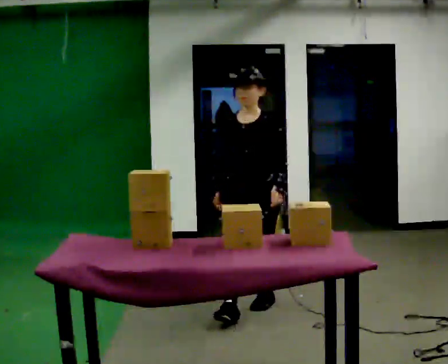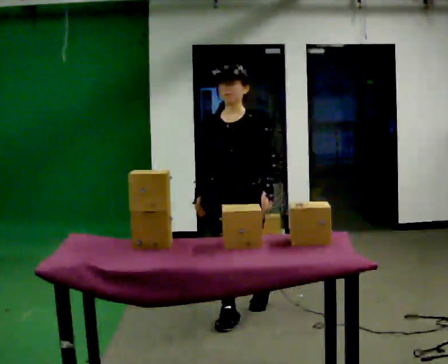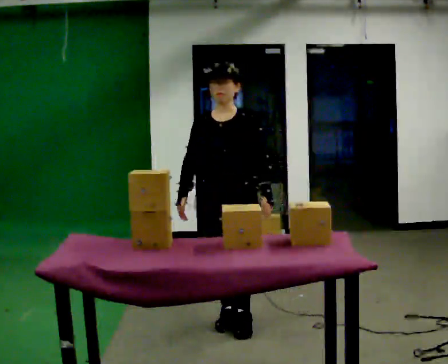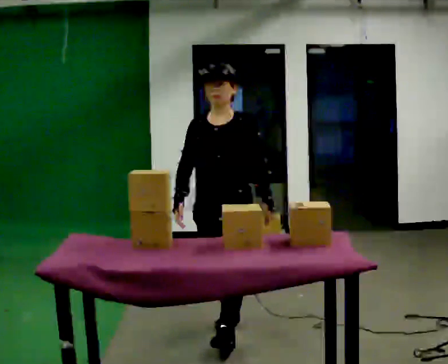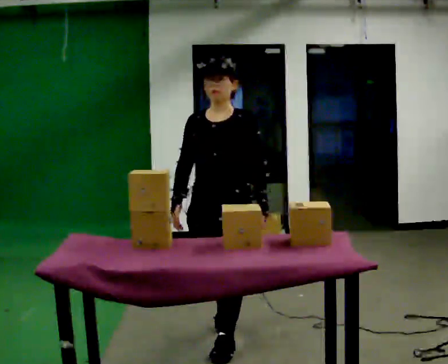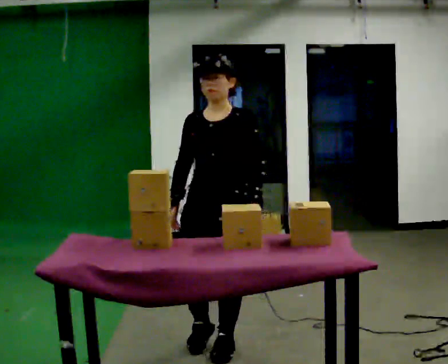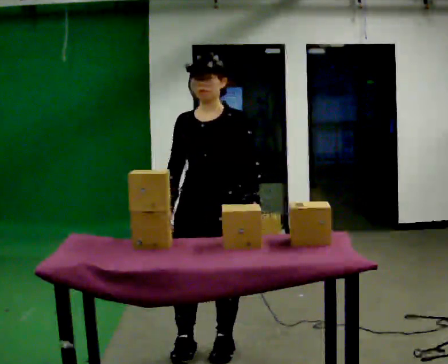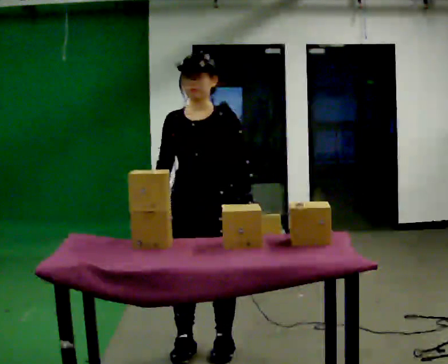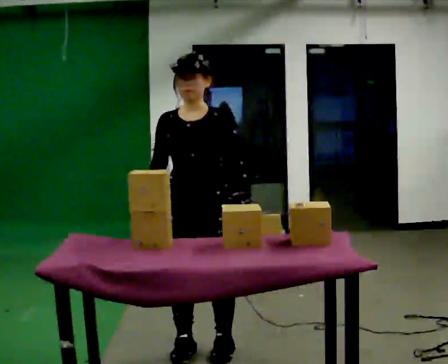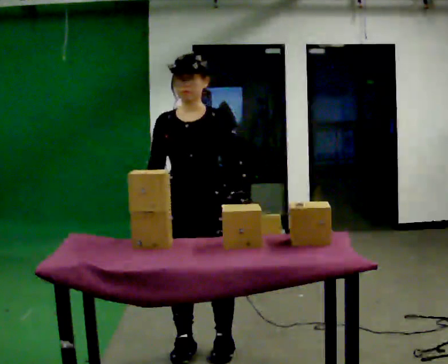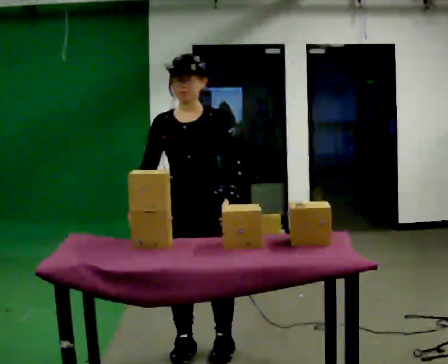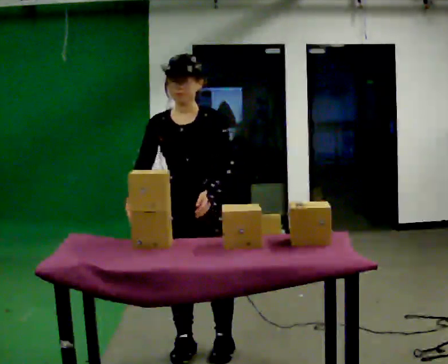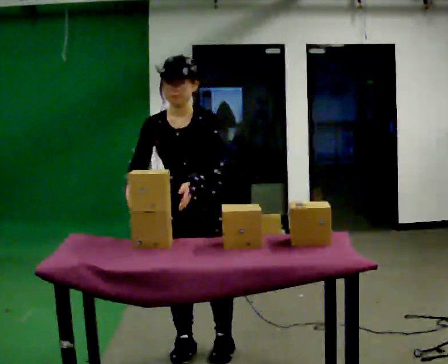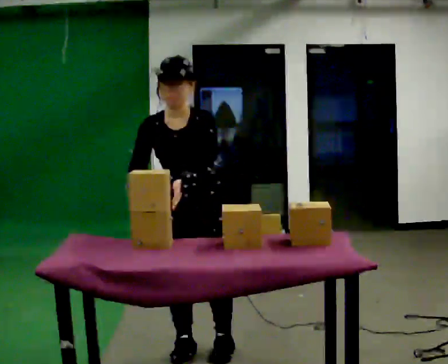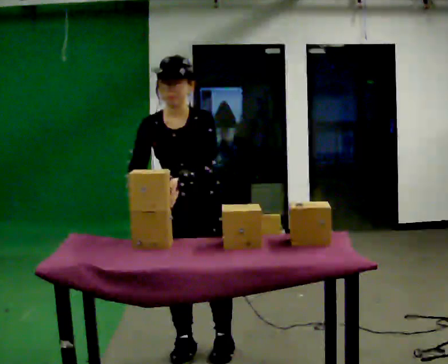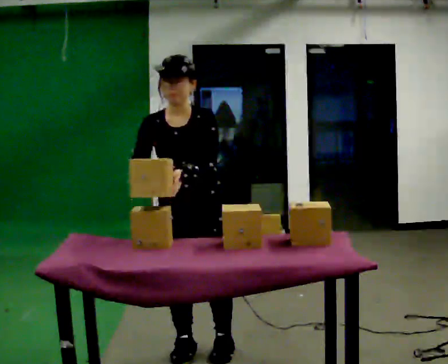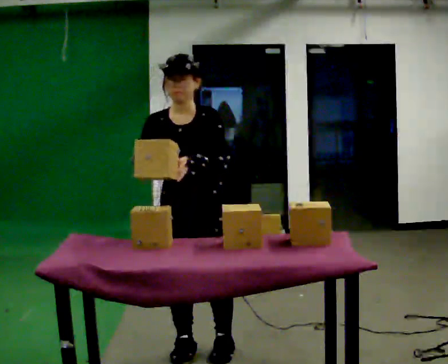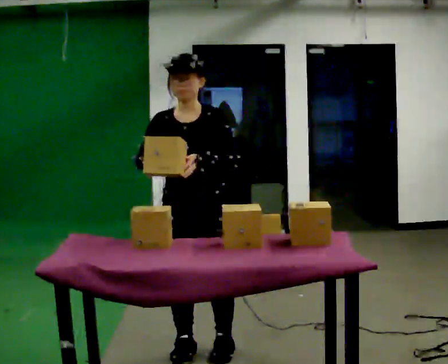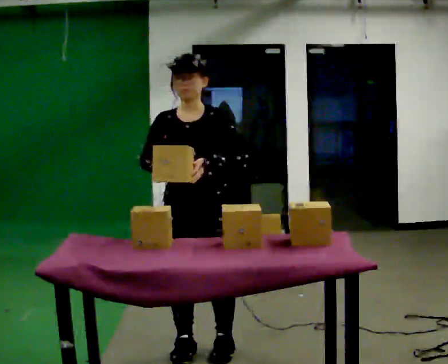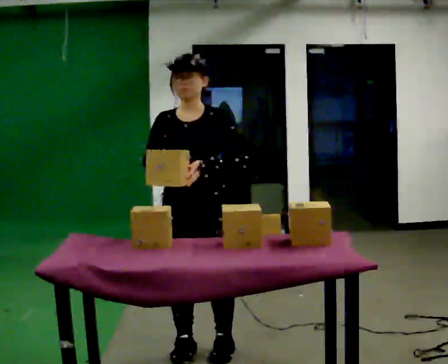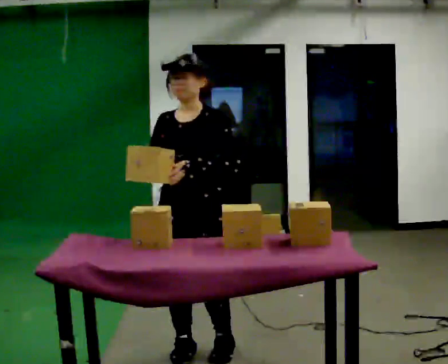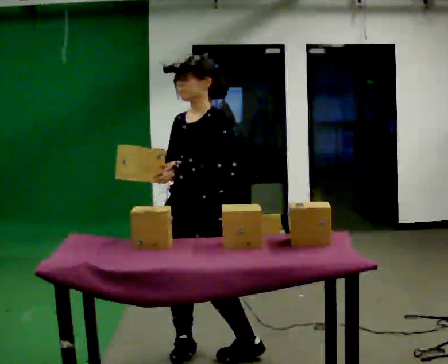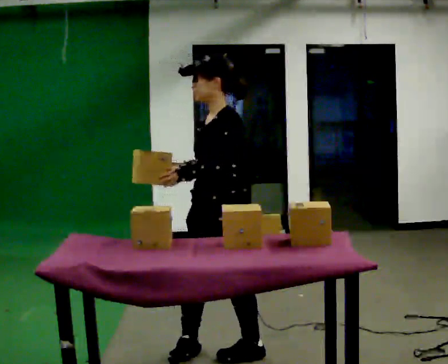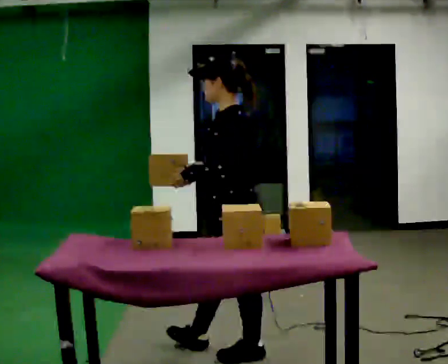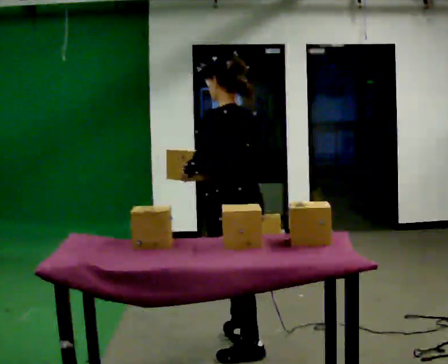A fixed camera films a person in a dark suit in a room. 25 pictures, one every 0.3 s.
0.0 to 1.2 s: In the picture they go toward the camera, about 0.75 m in 1 step, which for them is forward.
1.2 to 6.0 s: In the picture they go toward the camera and to the left, about 0.25 m in 1 step, which for them is forward and to their right. In the picture their left hand goes to the left.
6.0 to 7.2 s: The part of the body nearest the lens slides to the left as the person turns to their right by about 105 degrees. In the picture they go to the right, about 0.25 m in 2 steps. In the picture their right hand goes to the right.
The film runs forward here.
